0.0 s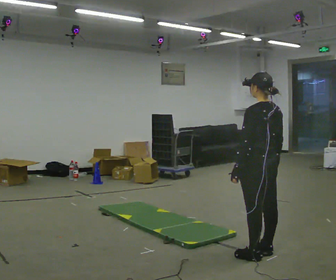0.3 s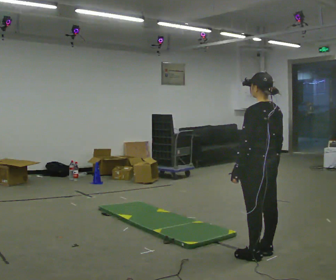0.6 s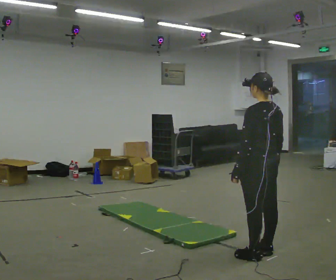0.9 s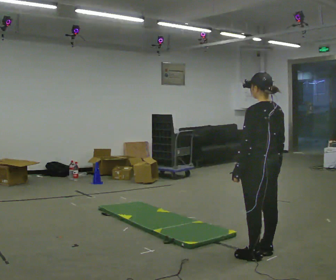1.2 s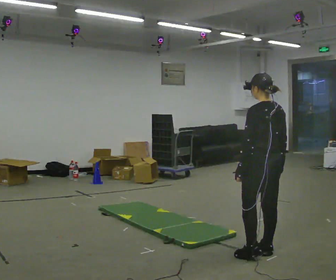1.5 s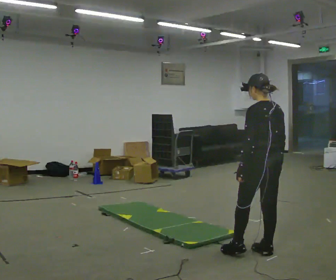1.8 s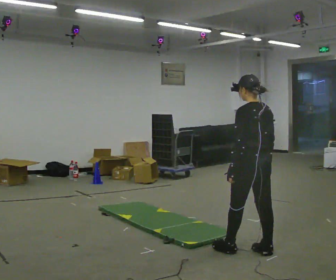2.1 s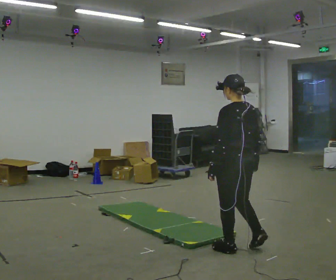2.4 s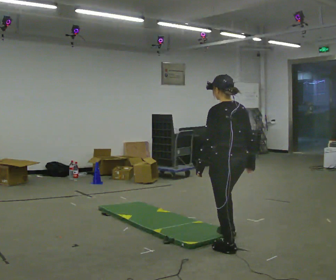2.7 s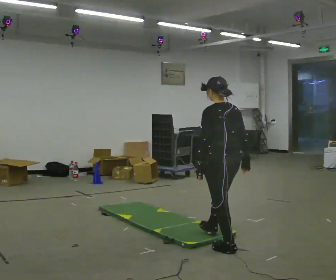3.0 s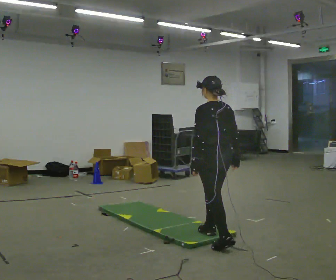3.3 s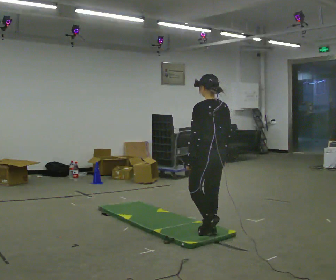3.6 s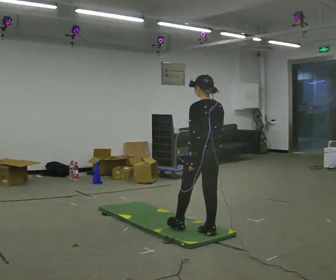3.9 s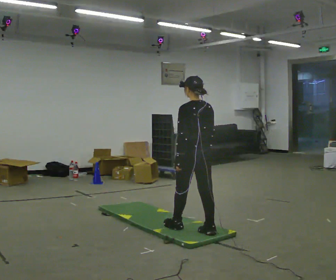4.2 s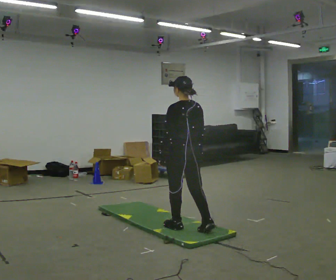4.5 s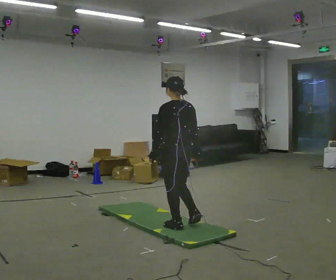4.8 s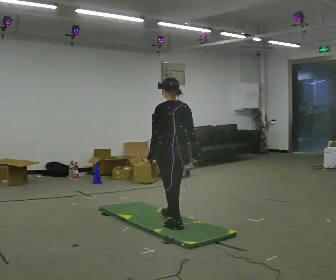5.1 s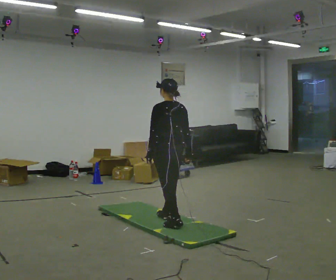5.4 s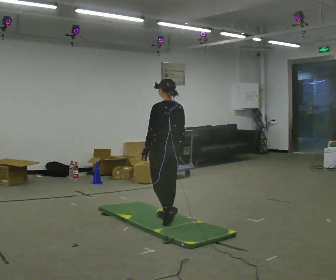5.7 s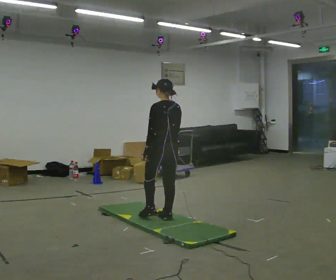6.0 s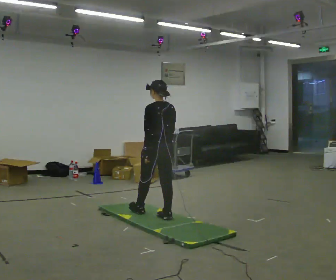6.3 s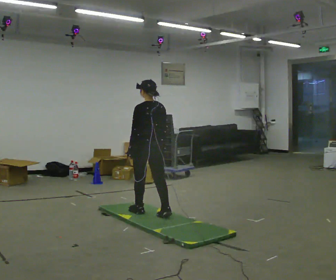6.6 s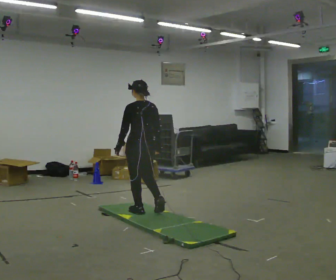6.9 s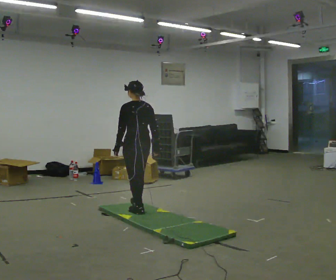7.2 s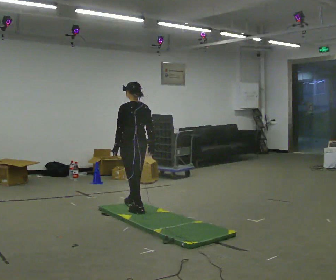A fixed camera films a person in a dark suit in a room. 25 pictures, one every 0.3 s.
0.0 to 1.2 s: The person moves a little, or ends about where they began.
1.2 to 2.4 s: In the picture they go to the left, about 0.25 m in 1 step, which for them is forward and to their left.
2.4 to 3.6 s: In the picture they go away from the camera and to the left, about 0.5 m in 1 step, which for them is forward.
3.6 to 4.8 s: In the picture they go to the left and away from the camera, about 0.5 m in 1 step, which for them is forward.
4.8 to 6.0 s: In the picture they go away from the camera and to the left, about 0.5 m in 2 steps, which for them is forward.
6.0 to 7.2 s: In the picture they go to the left and away from the camera, about 0.5 m in 1 step, which for them is forward.
The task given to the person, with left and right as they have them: Walk across the soft uneven mat at a comfortable speed; continue walking normally after you leave it.
The film runs forward here.
